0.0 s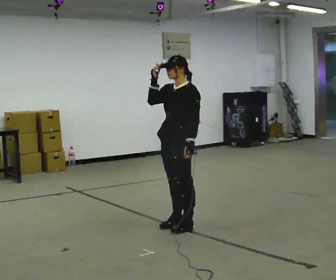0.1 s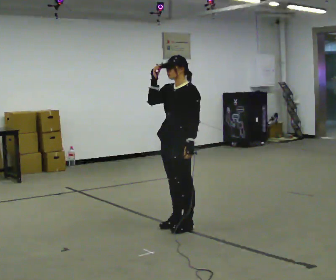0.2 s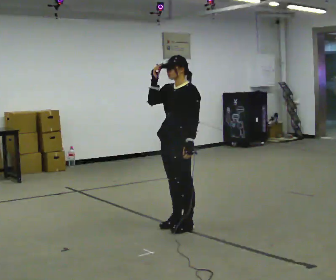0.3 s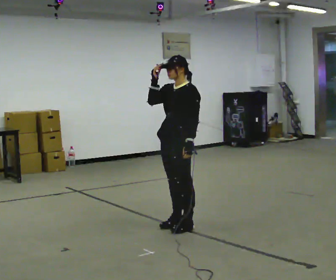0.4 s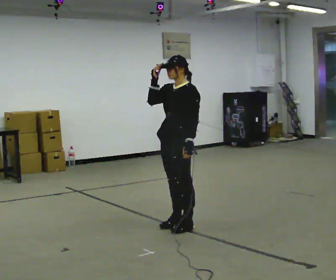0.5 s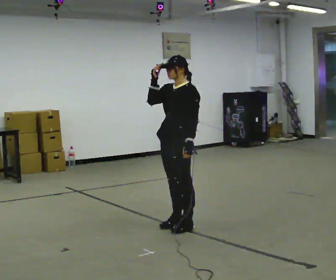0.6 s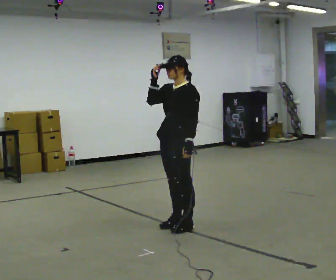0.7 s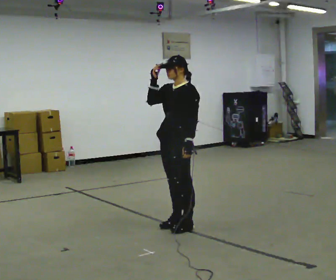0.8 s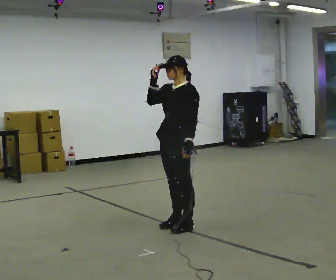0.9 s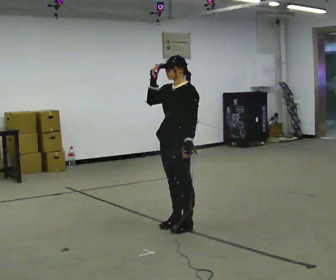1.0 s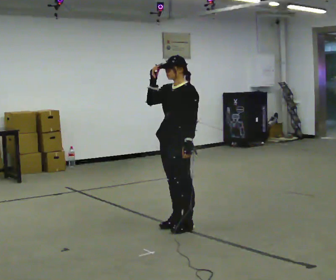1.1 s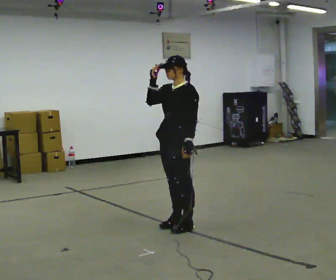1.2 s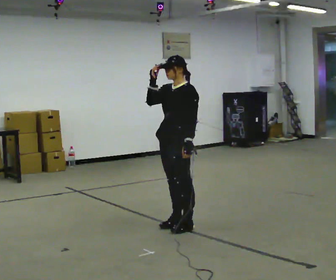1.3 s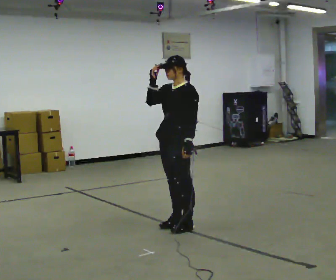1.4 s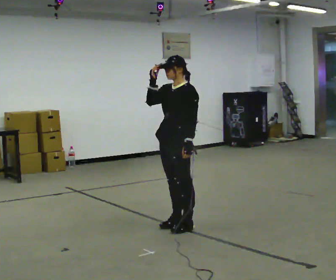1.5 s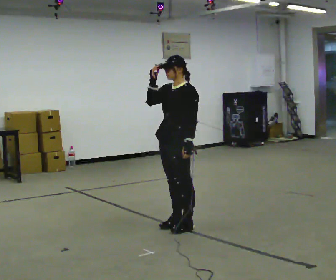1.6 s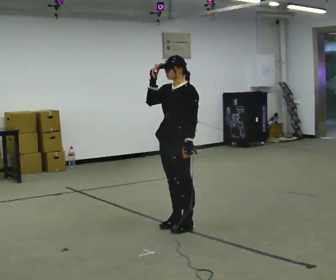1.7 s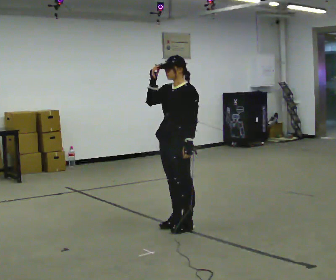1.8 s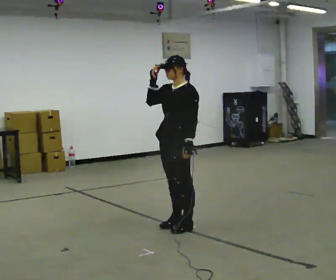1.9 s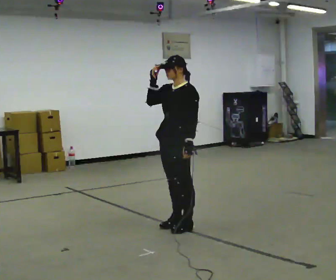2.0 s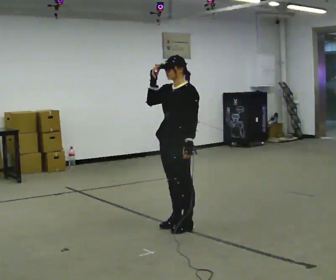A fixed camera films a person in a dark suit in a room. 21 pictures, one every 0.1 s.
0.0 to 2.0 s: The person keeps their place and pose.
The film runs forward here.
